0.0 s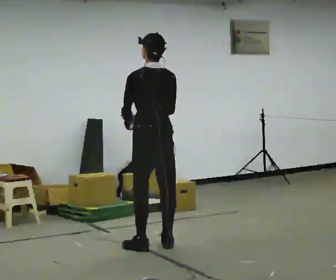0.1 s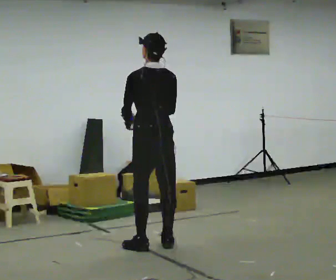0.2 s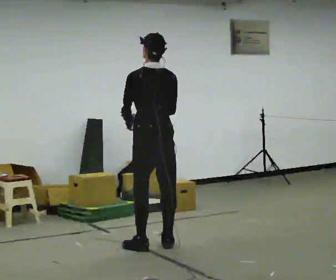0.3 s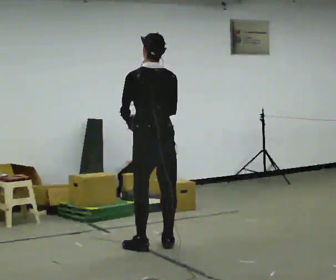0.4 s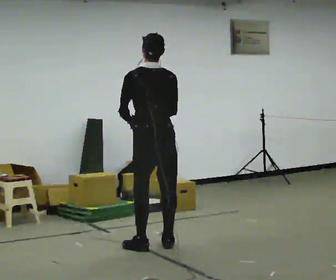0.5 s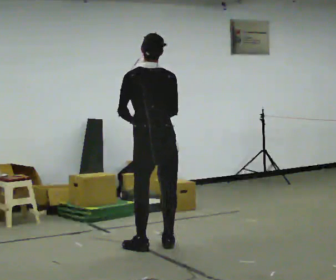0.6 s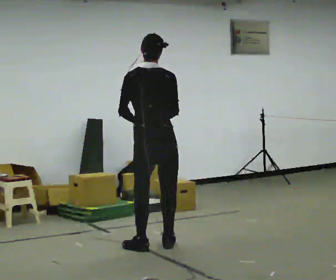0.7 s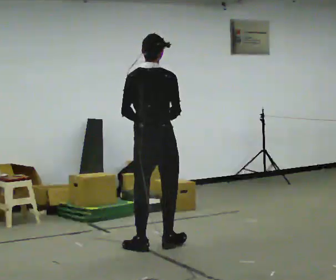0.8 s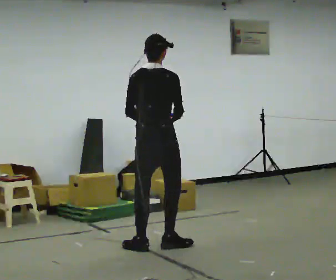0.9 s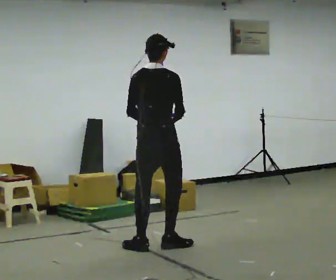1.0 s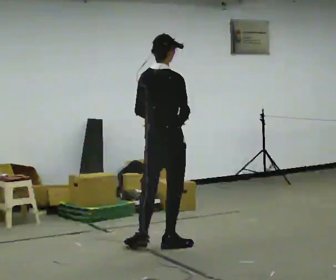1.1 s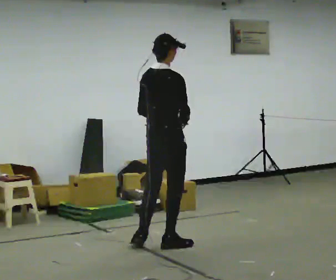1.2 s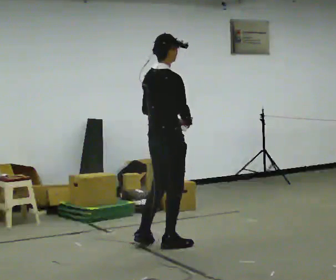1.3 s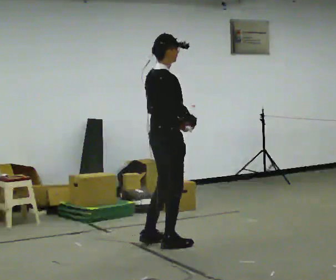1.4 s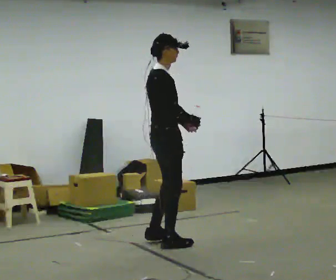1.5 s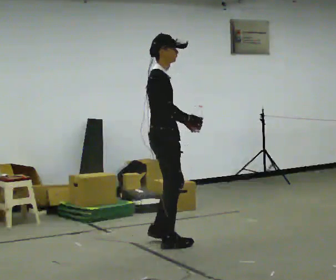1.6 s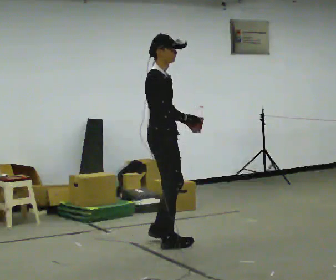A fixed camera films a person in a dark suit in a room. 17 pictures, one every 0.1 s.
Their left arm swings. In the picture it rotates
counterclockwise.
The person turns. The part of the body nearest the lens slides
to the left.
0.0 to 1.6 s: The person turns about 135 degrees to their right, clockwise seen from above, so the part of the body nearest the lens slides to the left. In the picture their right hand goes to the right.
The film runs forward here.
